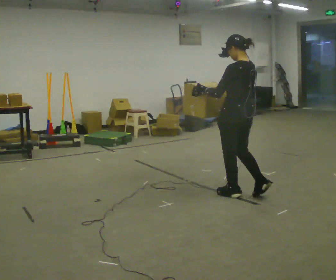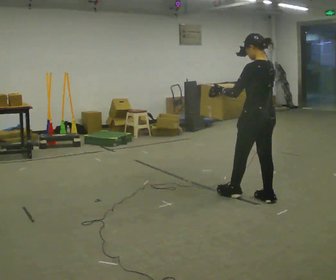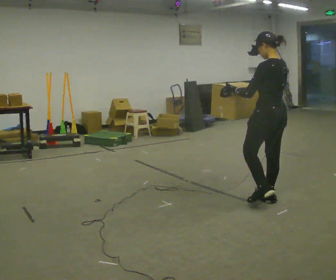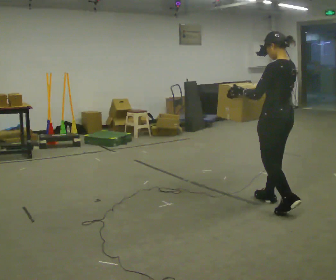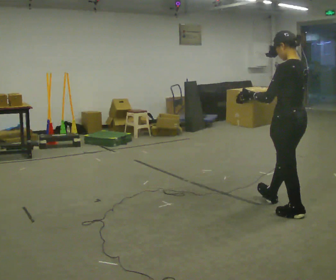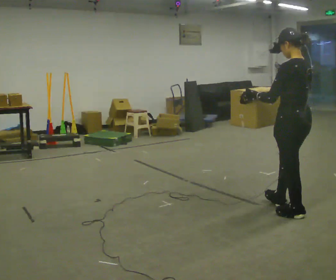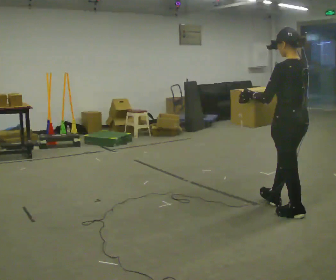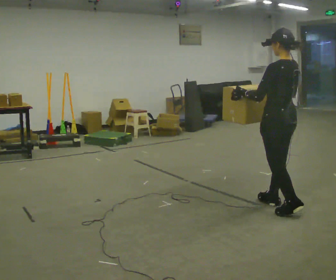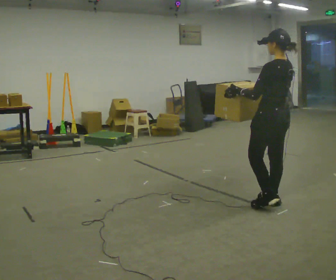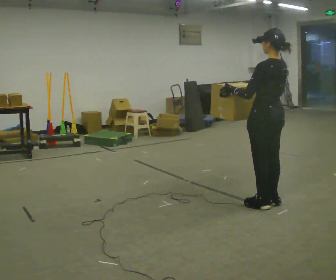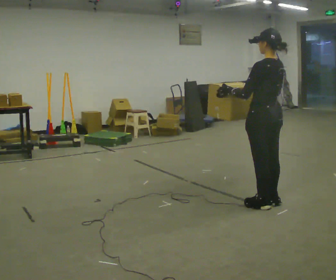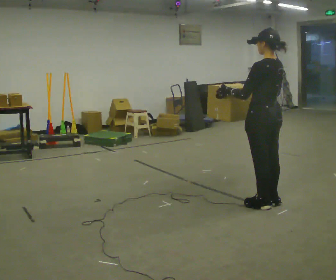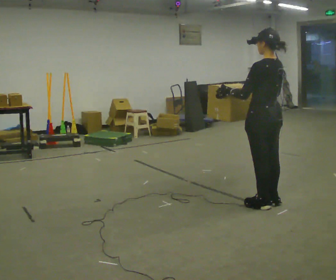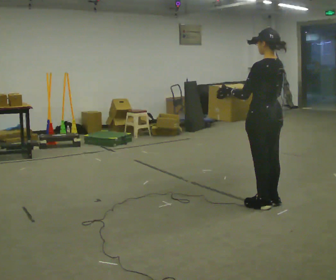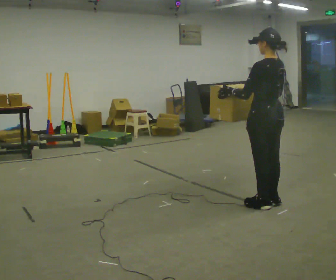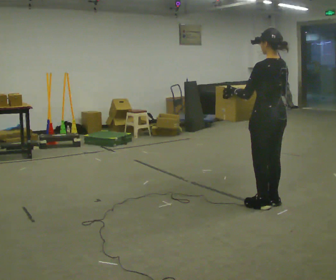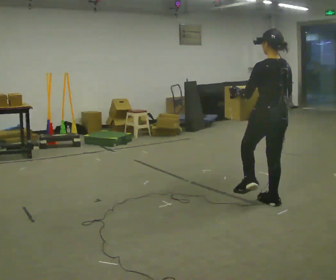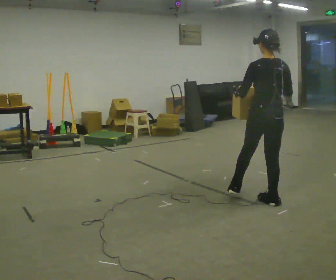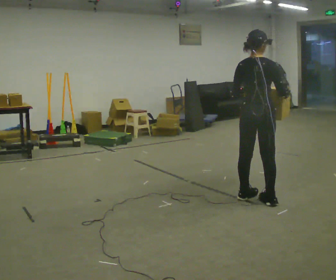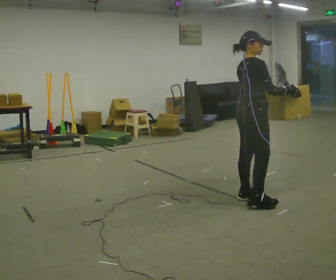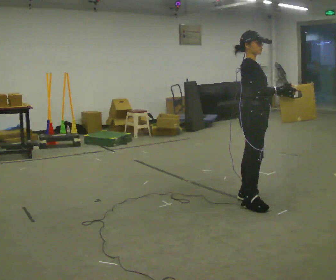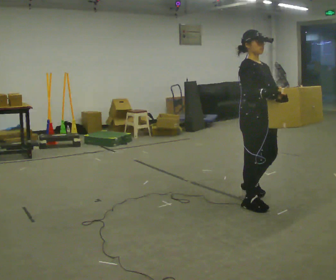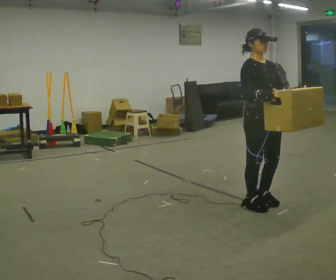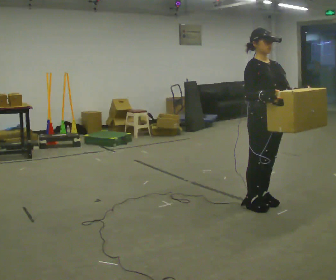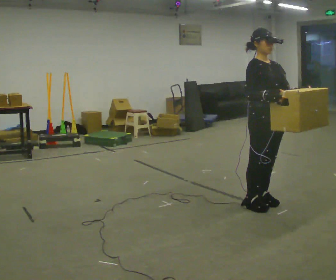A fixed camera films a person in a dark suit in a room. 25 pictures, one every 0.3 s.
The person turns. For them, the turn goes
to their right.
The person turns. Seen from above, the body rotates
clockwise.
0.0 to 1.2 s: In the picture they go to the right and toward the camera, about 0.75 m in 2 steps, which for them is backward.
1.2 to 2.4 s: In the picture they go away from the camera and to the left, about 0.25 m in 1 step, which for them is forward.
2.4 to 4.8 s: The person moves a little, or ends about where they began.
4.8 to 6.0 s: The person turns about 135 degrees to their right, clockwise seen from above, so the part of the body nearest the lens slides to the left.
6.0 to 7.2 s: Seen from above the body turns clockwise, about 30 degrees: to their right, with its near side sliding to the left.
The film runs forward here.
